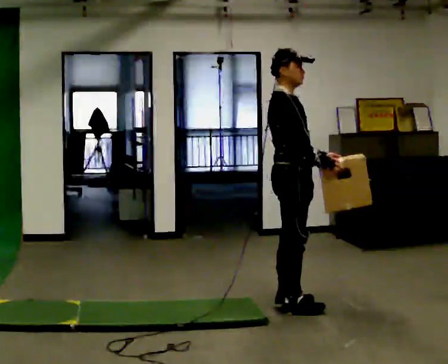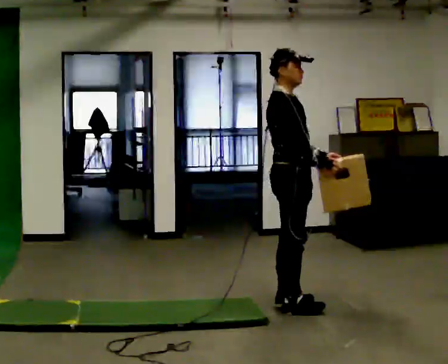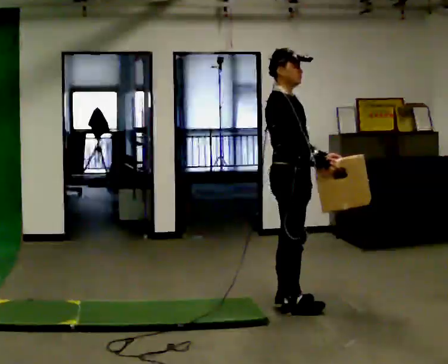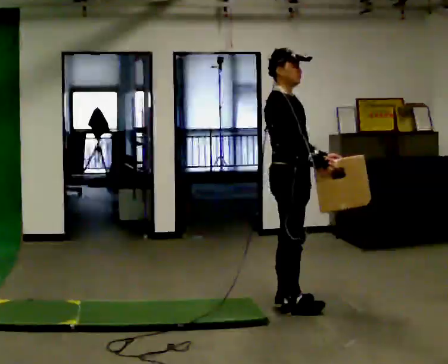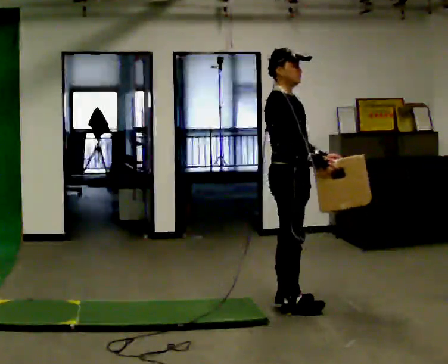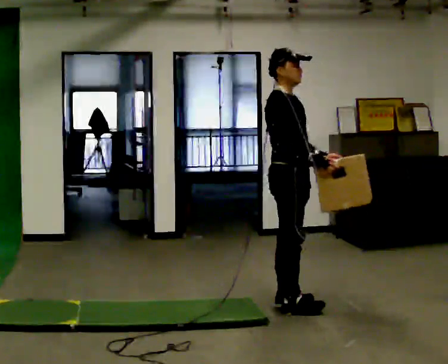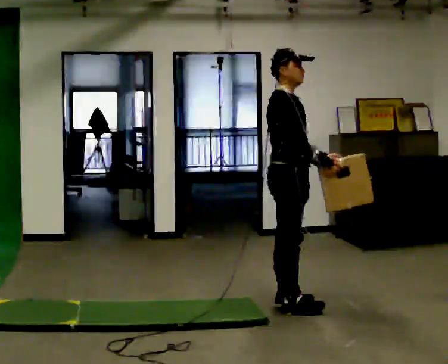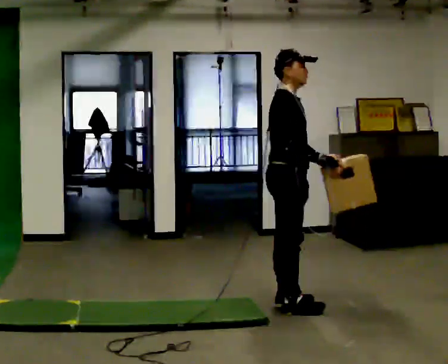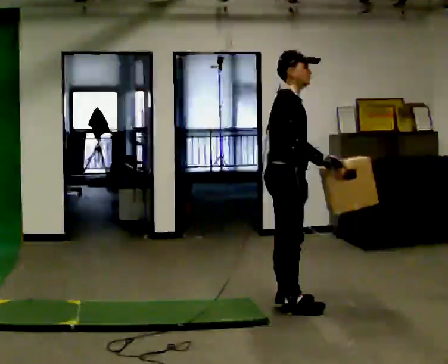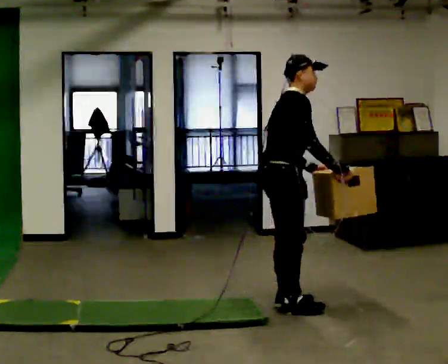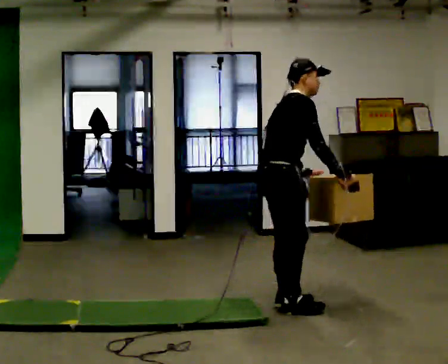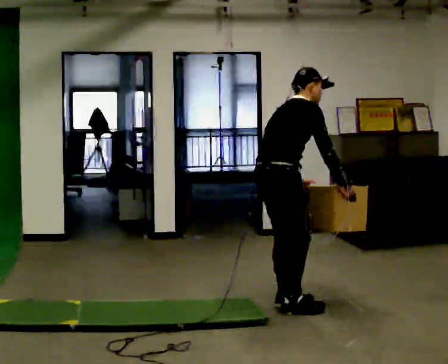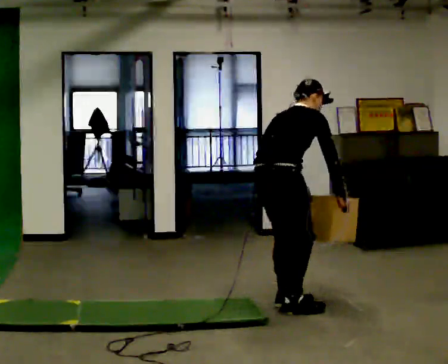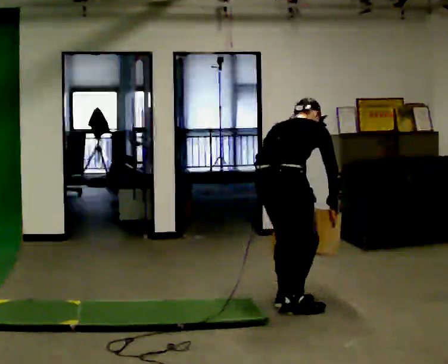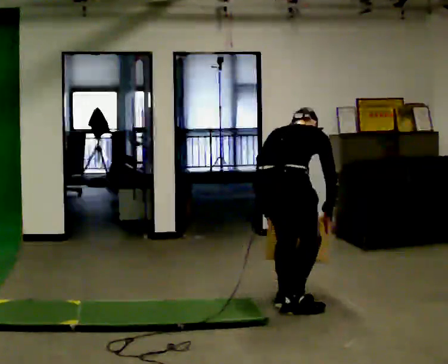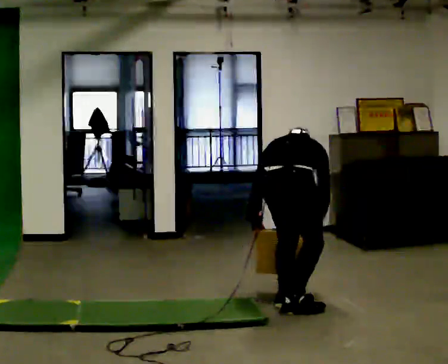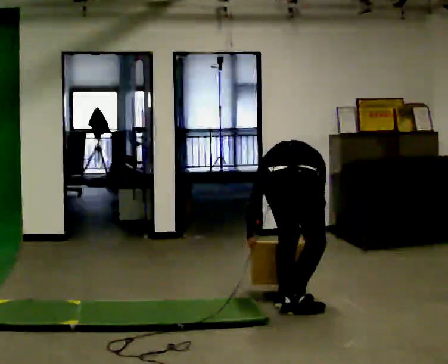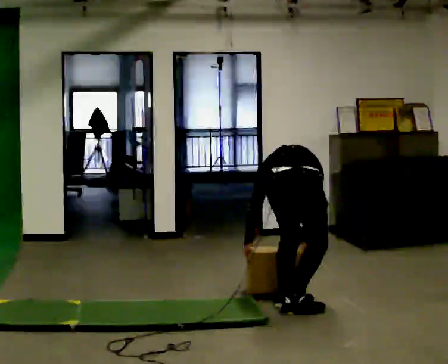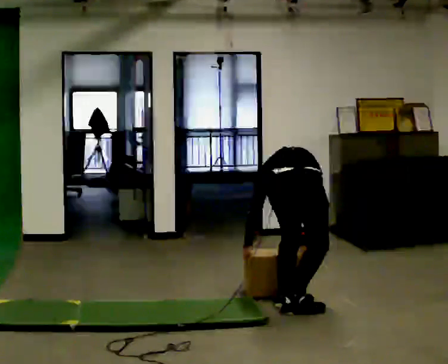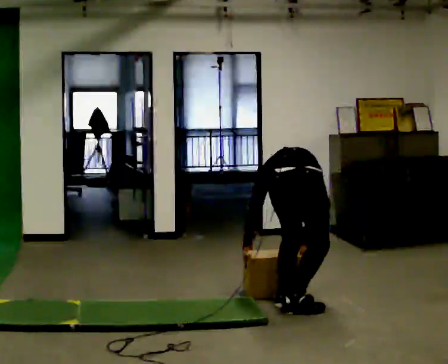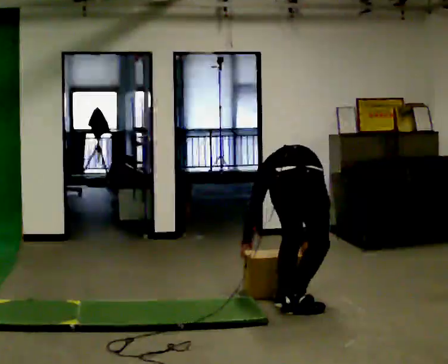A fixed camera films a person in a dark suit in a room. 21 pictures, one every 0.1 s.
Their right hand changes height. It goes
downward.
Their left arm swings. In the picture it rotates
clockwise.
0.0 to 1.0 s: In the picture the upper body tilts clockwise, shoulders to the right, as they bend forward.
1.0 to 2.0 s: The part of the body nearest the lens slides to the right as the person turns to their left by about 75 degrees. The shoulders move downward. The upper body tips away from the camera, its near side rolling upward, as they bend forward. In the picture their left hand goes downward and to the left, the arm swinging clockwise.
The film runs backward here.
